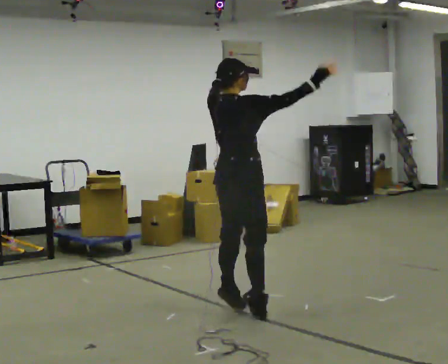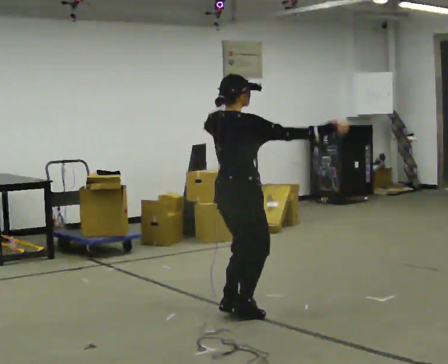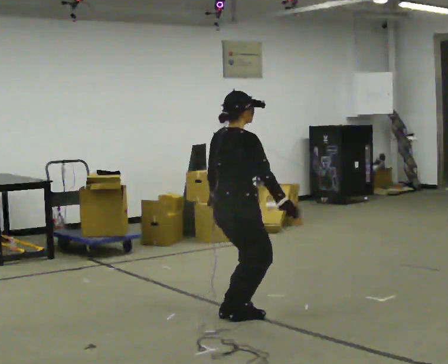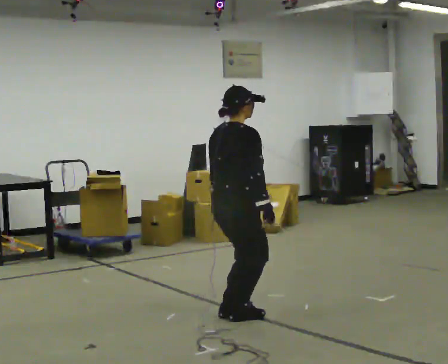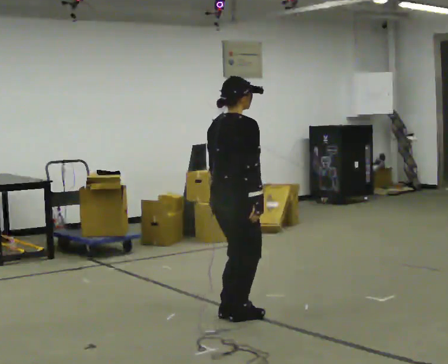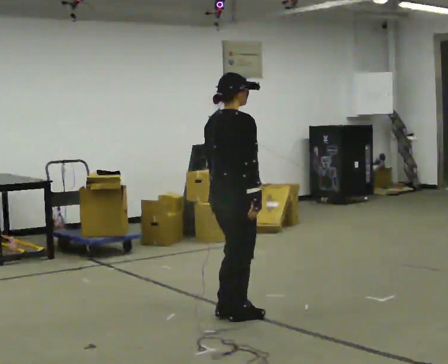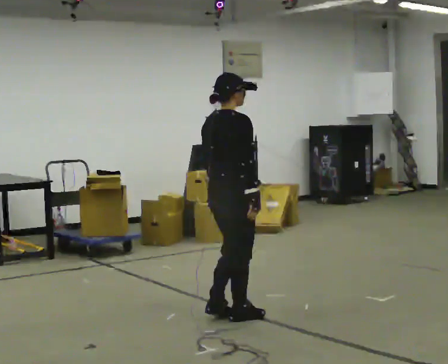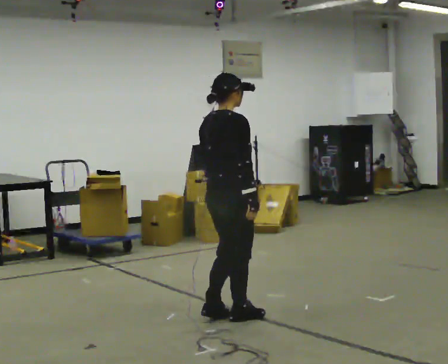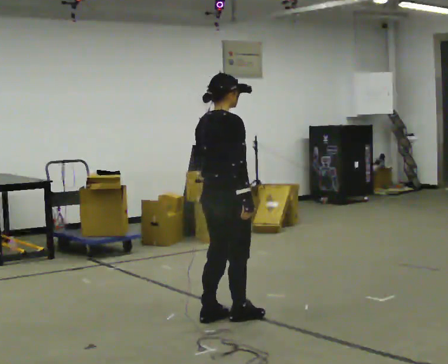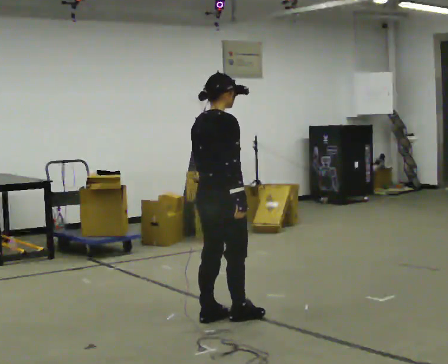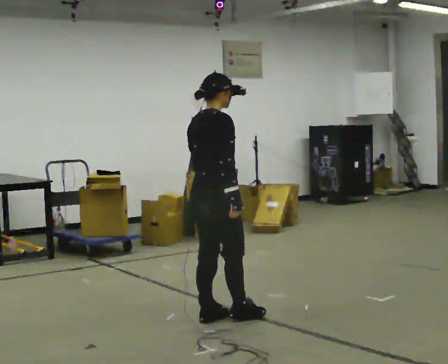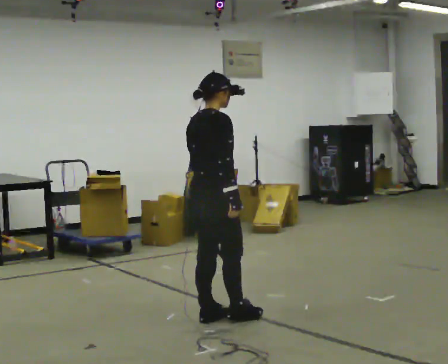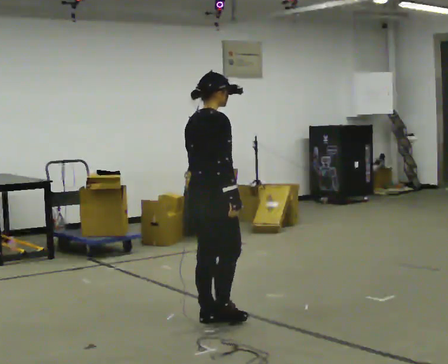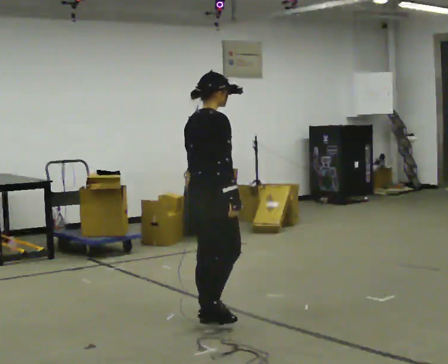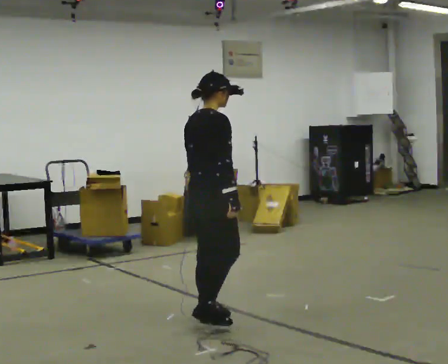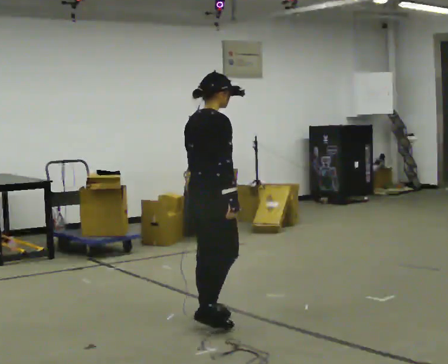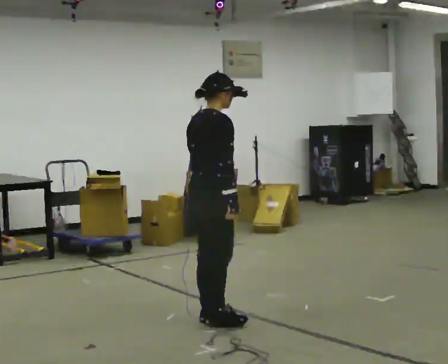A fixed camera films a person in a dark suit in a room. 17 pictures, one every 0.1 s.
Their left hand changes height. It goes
downward.
Their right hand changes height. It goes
downward.
0.0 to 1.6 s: In the picture they go to the left, about 0.25 m in 1 step, which for them is backward. In the picture their right hand goes downward and to the left, the arm swinging clockwise.
The film runs backward here.
